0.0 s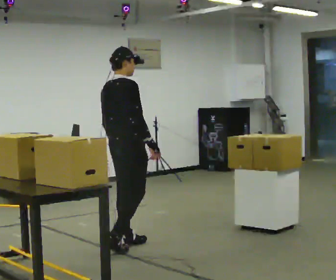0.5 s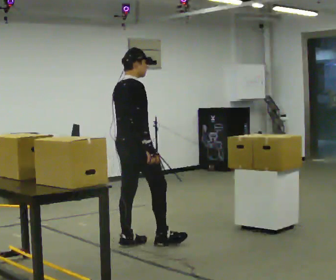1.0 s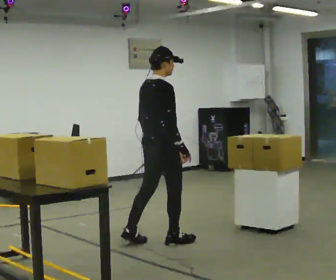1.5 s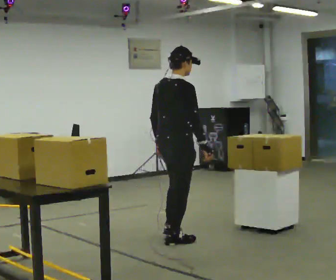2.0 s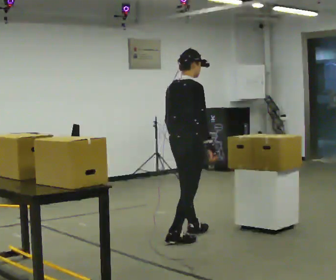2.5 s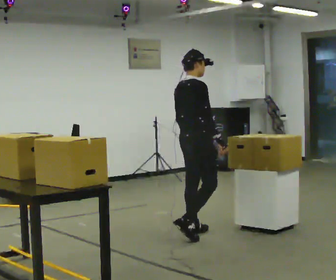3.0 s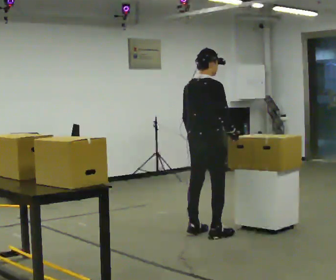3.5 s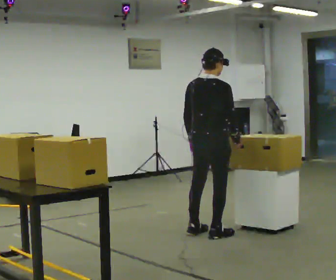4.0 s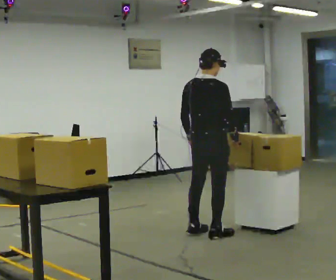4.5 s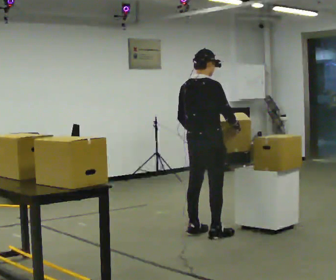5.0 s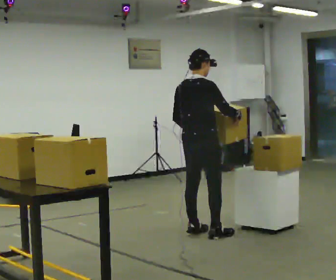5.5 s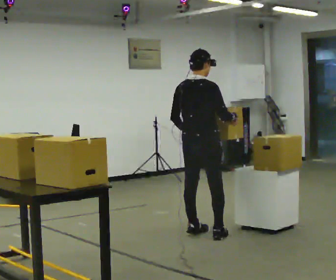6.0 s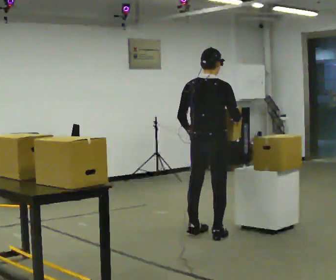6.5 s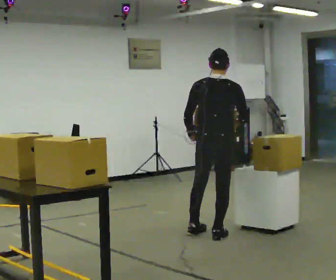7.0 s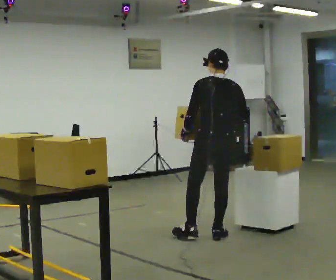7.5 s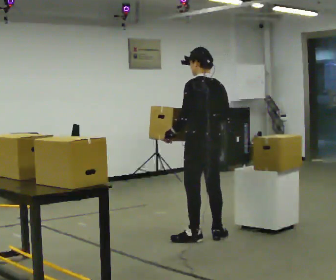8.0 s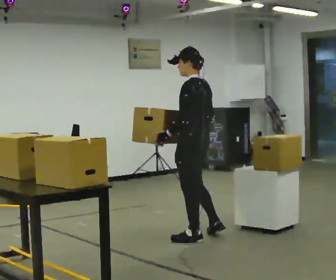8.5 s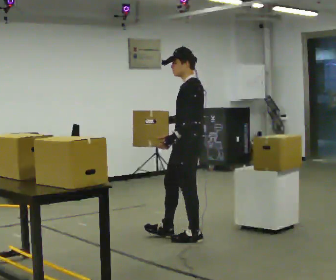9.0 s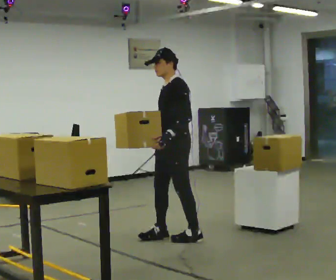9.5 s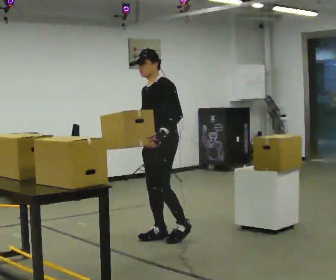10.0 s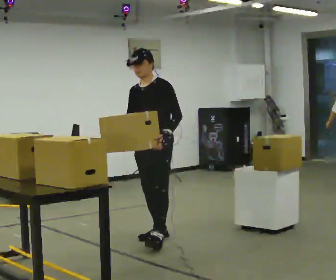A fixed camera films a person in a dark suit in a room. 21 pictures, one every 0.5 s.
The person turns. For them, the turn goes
to their left.
The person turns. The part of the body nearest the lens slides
to the right.
0.0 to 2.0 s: In the picture they go to the right and away from the camera, about 0.5 m in 2 steps, which for them is forward.
2.0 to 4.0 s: In the picture they go to the right, about 0.25 m in 1 step, which for them is forward.
4.0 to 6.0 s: The person moves a little, or ends about where they began.
6.0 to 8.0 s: The part of the body nearest the lens slides to the right as the person turns to their left by about 90 degrees. In the picture they go toward the camera, about 0.25 m in 1 step.
8.0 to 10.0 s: The part of the body nearest the lens slides to the right as the person turns to their left by about 75 degrees. In the picture they go to the left, about 0.25 m in 2 steps.
The film runs forward here.
